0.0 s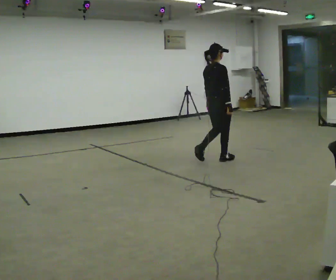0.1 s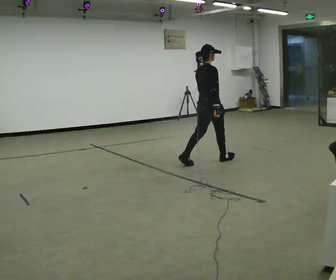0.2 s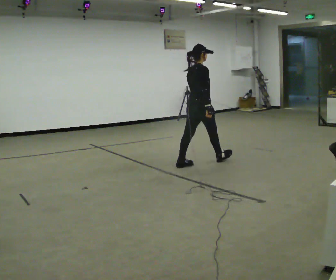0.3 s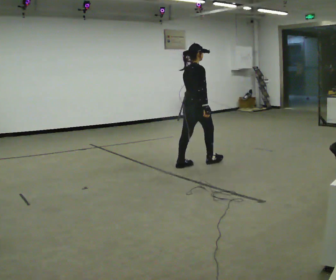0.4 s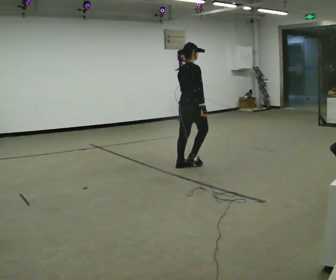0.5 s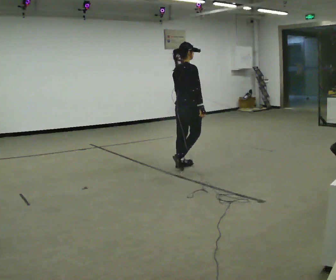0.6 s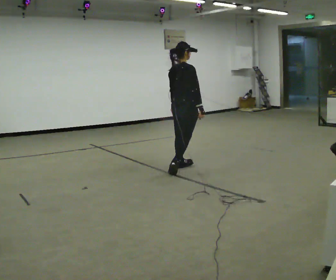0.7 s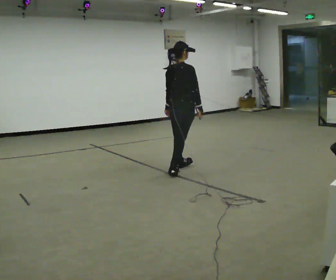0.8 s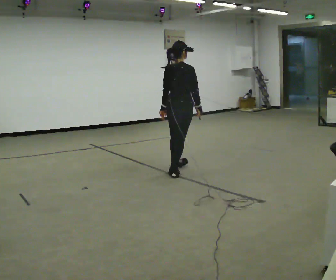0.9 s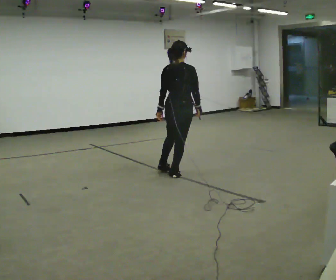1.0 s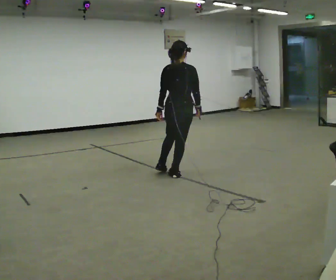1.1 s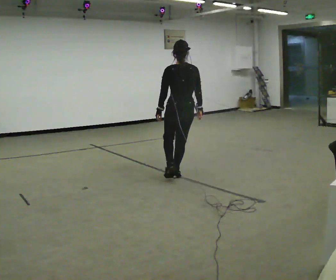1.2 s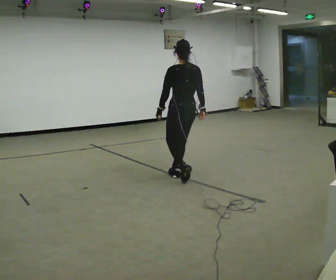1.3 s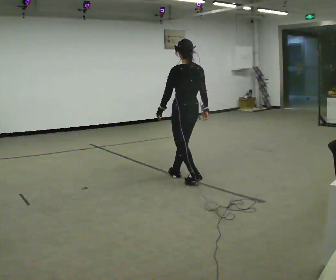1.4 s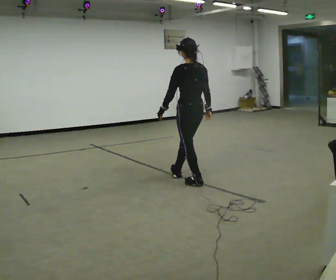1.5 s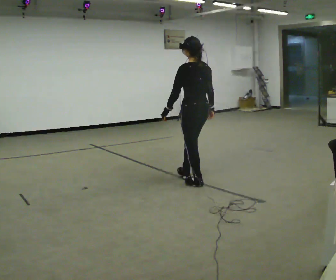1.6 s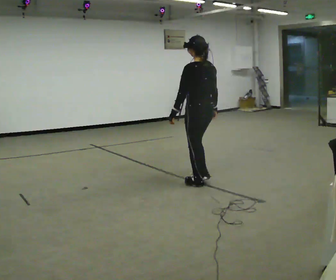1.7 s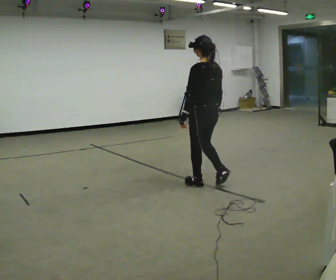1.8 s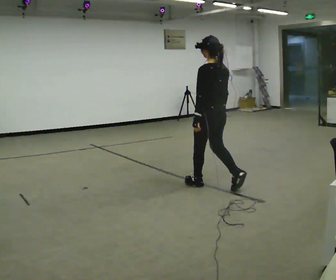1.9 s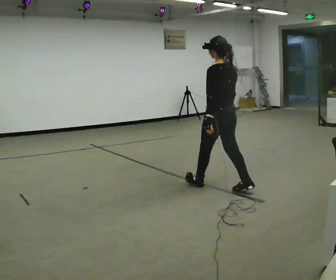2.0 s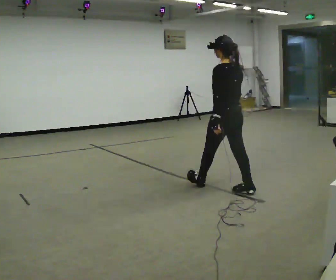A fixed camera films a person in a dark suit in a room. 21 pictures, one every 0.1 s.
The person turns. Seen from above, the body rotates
counterclockwise.
The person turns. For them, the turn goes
to their left.
0.0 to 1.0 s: The person turns about 30 degrees to their left, counterclockwise seen from above, so the part of the body nearest the lens slides to the right. In the picture they go toward the camera and to the left, about 1 m in 2 steps, which for them is backward.
1.0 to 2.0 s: The part of the body nearest the lens slides to the right as the person turns to their left by about 60 degrees. In the picture they go toward the camera and to the right, about 1 m in 2 steps, which for them is backward.
The film runs backward here.
